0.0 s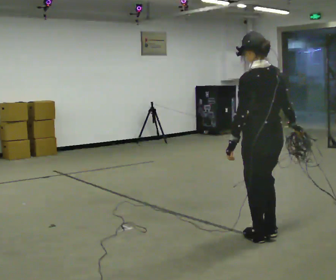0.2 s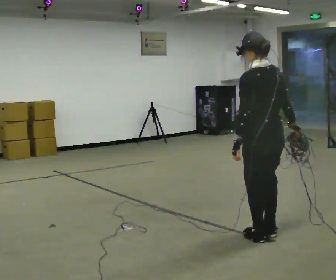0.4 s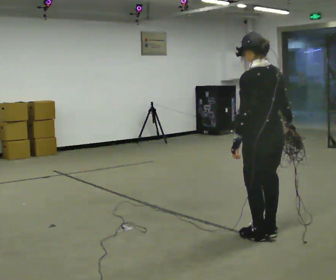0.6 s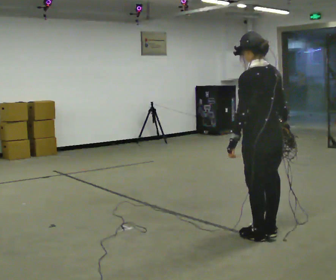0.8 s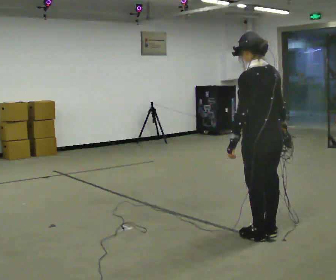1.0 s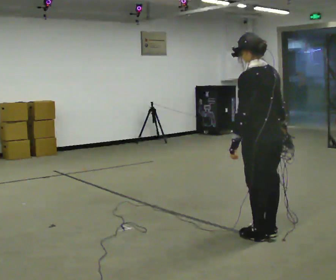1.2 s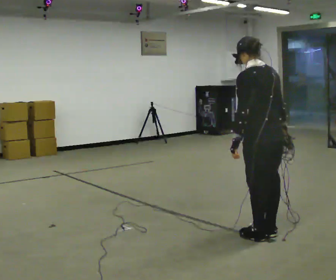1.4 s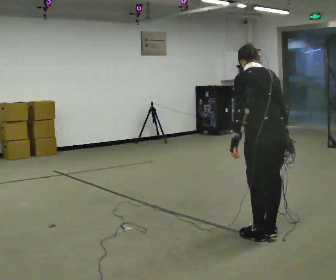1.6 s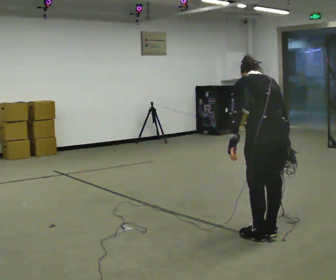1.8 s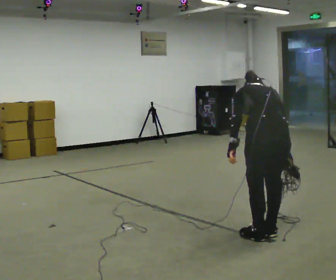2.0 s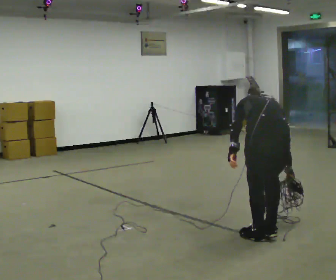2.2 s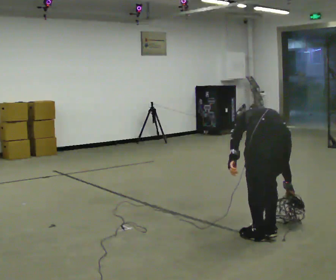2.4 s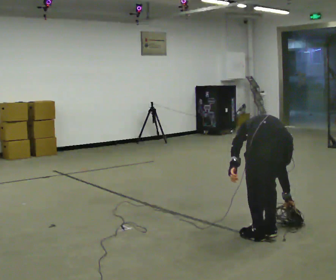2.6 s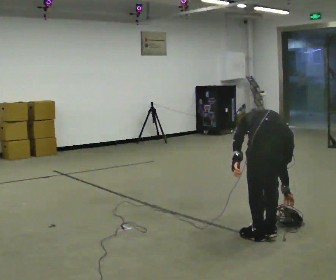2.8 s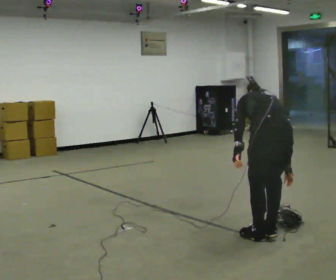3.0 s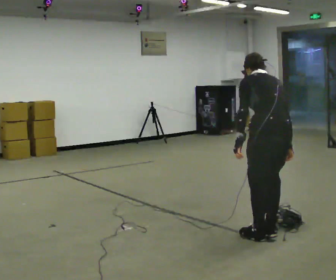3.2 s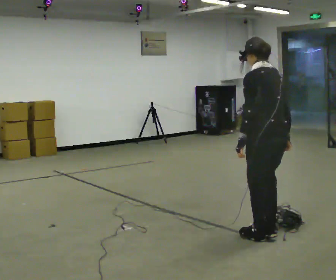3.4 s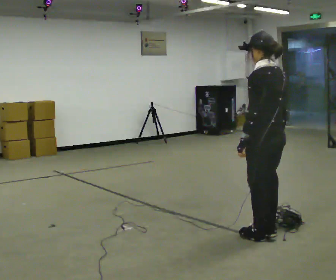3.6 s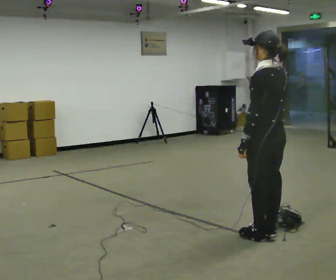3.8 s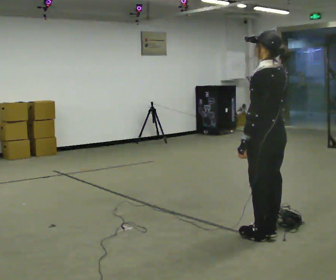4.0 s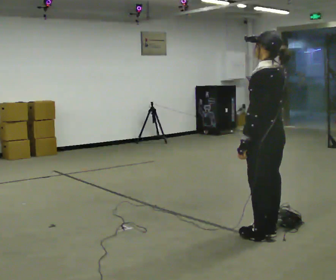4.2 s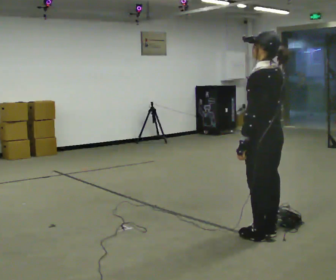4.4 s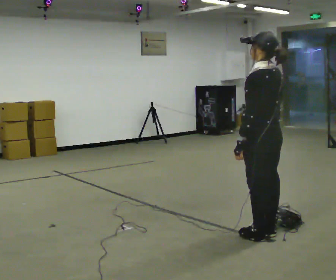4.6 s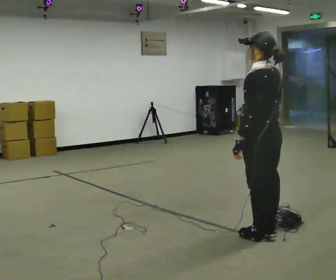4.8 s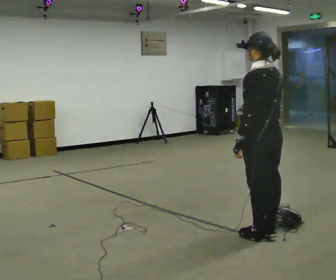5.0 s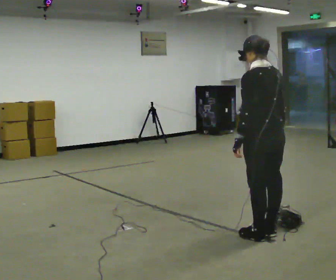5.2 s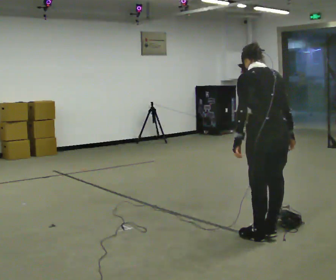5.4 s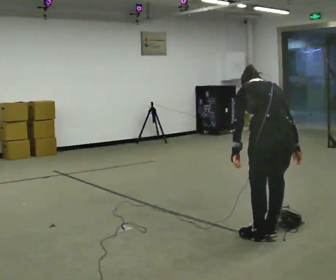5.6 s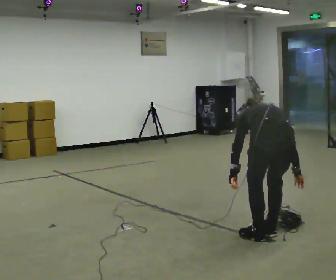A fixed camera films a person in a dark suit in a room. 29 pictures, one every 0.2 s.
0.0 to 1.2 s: The person moves a little, or ends about where they began.
1.2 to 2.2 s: The part of the body nearest the lens slides to the left as the person turns to their right by about 30 degrees. The shoulders move downward. The upper body tips away from the camera, its near side rolling upward, as they bend forward.
2.2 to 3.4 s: Seen from above the body turns counterclockwise, about 45 degrees: to their left, with its near side sliding to the right. The upper body goes upward. The upper body tips toward the camera, its near side rolling downward, as they lean back or straighten.
3.4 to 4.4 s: The person moves a little, or ends about where they began.
4.4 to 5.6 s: The person turns about 45 degrees to their right, clockwise seen from above, so the part of the body nearest the lens slides to the left. The shoulders move downward. The upper body tips away from the camera, its near side rolling upward, as they bend forward. In the picture their right hand goes downward.
The film runs forward here.
